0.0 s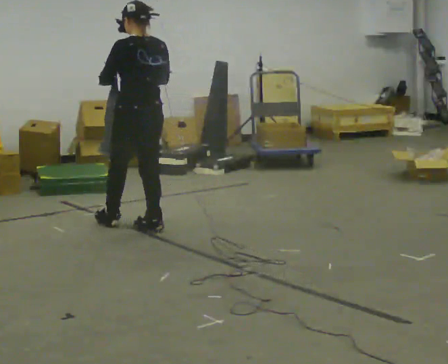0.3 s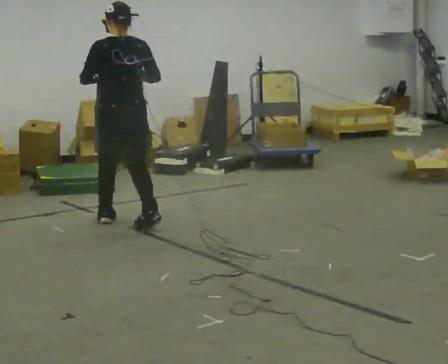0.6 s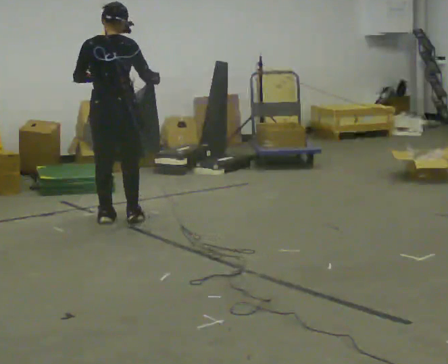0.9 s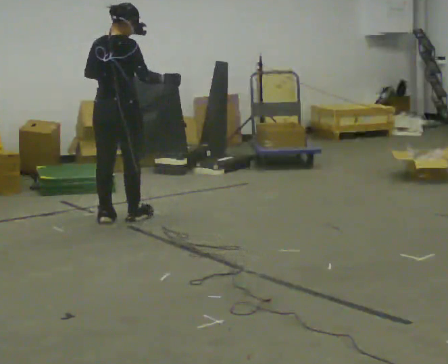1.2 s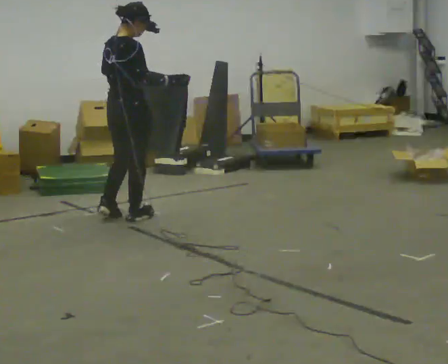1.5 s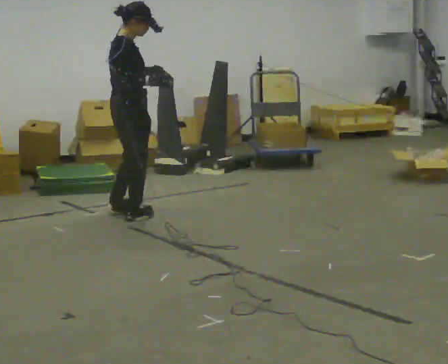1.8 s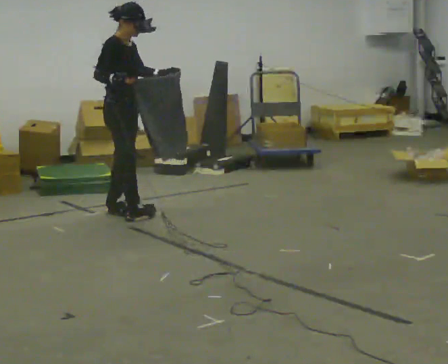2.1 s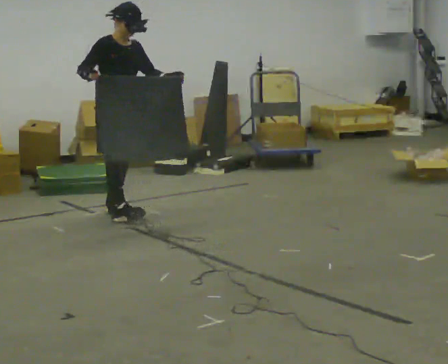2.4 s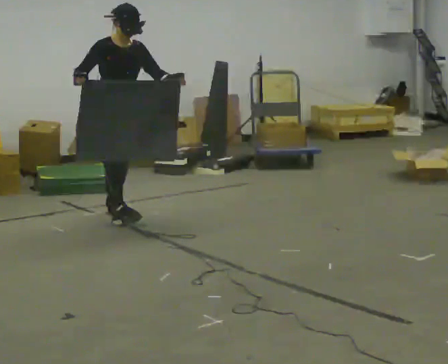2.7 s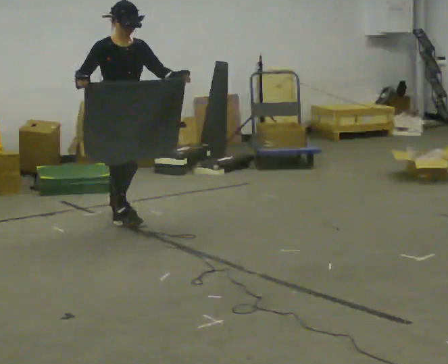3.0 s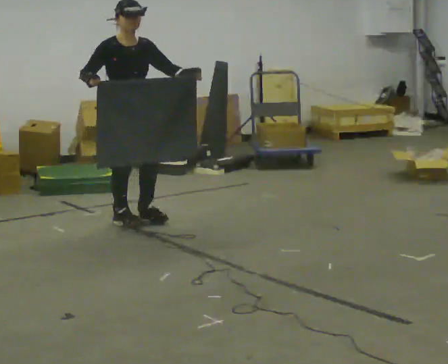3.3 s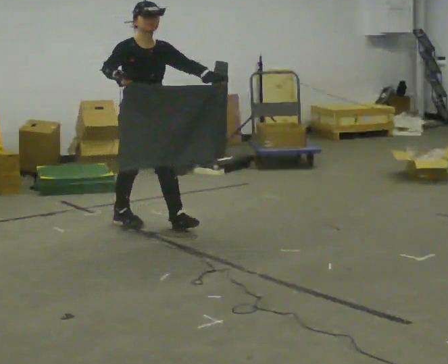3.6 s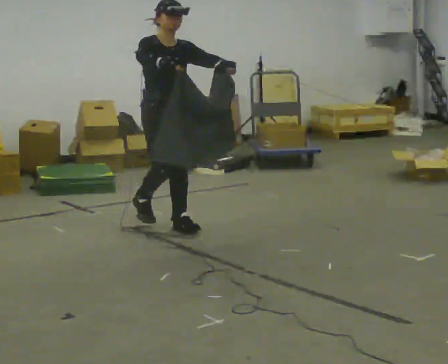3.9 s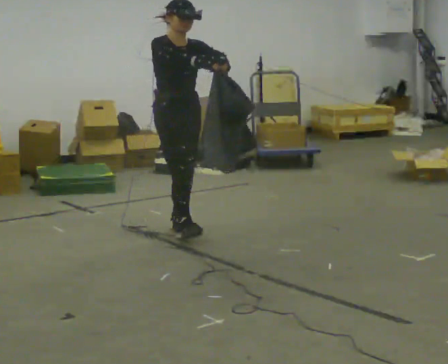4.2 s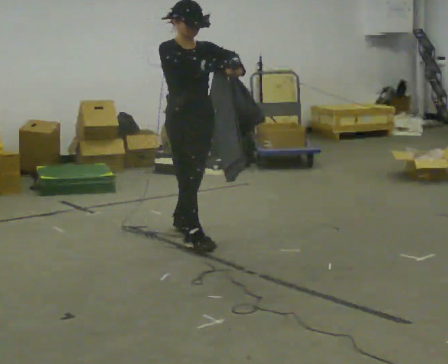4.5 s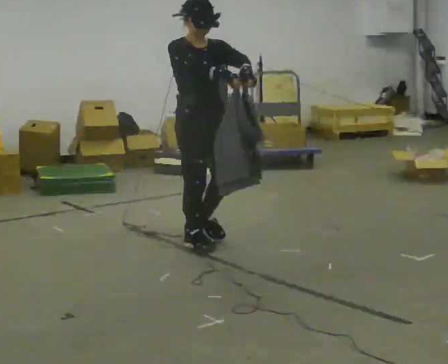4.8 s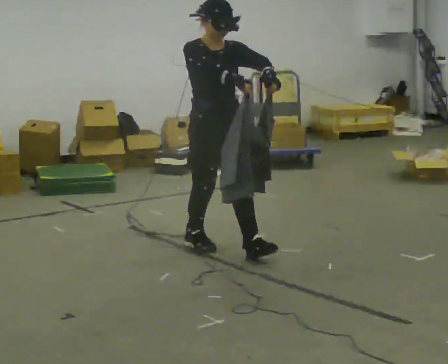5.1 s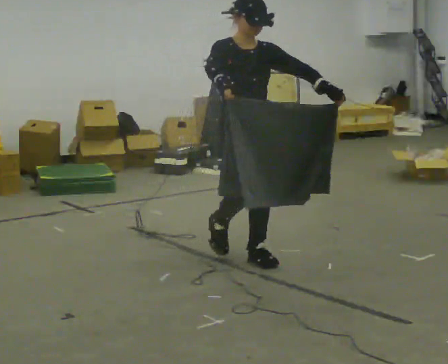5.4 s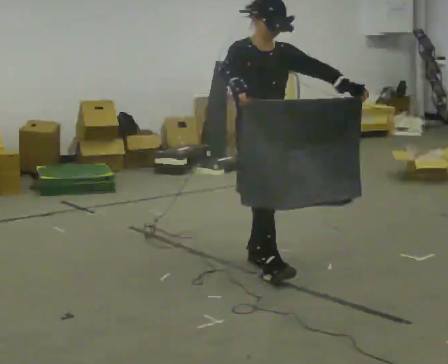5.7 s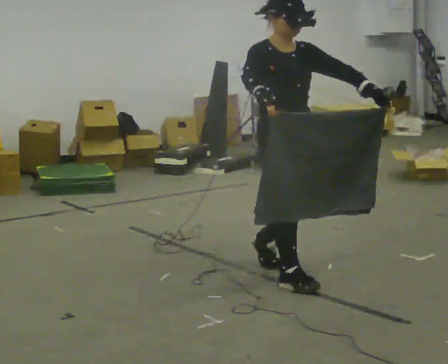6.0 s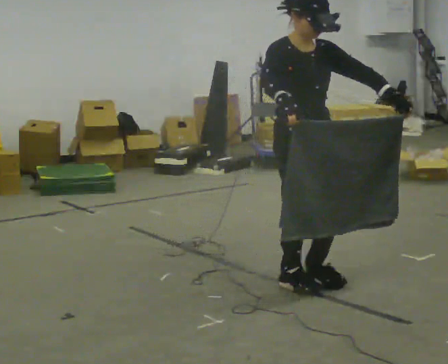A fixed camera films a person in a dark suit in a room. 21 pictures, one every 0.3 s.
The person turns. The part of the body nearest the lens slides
to the left.
The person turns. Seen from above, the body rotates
clockwise.
0.0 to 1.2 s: The person turns about 75 degrees to their right, clockwise seen from above, so the part of the body nearest the lens slides to the left. In the picture they go away from the camera, about 0.25 m in 2 steps.
1.2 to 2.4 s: The person turns about 90 degrees to their right, clockwise seen from above, so the part of the body nearest the lens slides to the left. In the picture their left hand goes to the right.
2.4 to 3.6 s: In the picture they go toward the camera and to the right, about 0.5 m in 1 step, which for them is forward.
3.6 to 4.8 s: In the picture they go toward the camera and to the right, about 0.75 m in 1 step, which for them is forward.
4.8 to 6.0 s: In the picture they go toward the camera and to the right, about 1 m in 2 steps, which for them is forward.
The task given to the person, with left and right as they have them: Carry the cloth and, while walking, fold it in half, then unfold it. Keep repeating as you walk. Do not stop.
The film runs forward here.
